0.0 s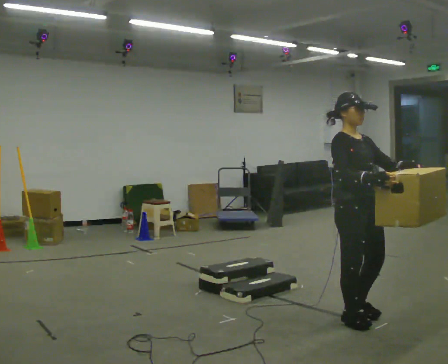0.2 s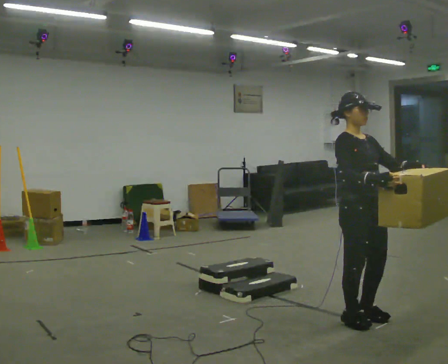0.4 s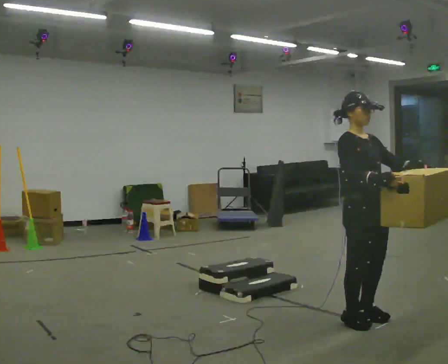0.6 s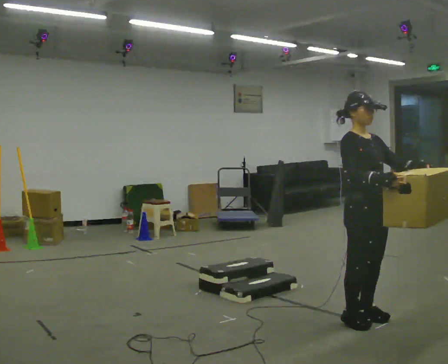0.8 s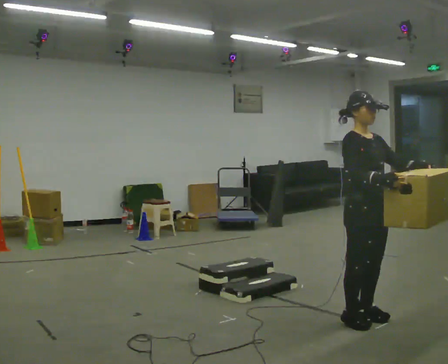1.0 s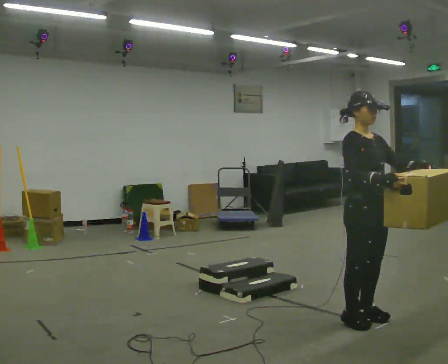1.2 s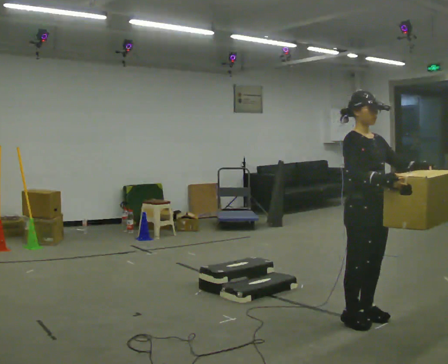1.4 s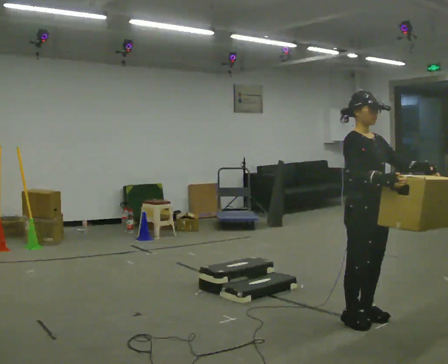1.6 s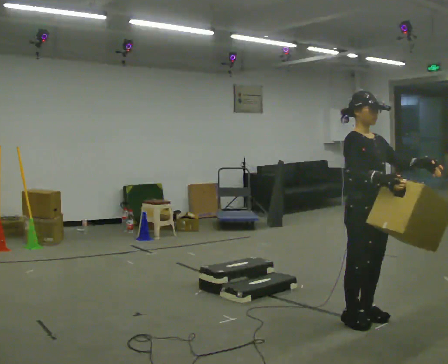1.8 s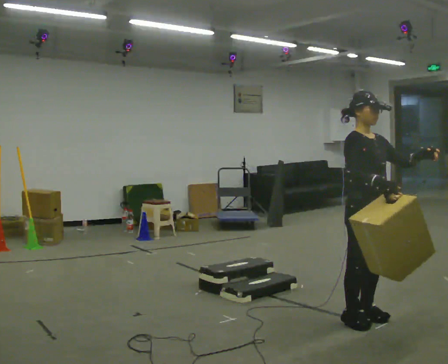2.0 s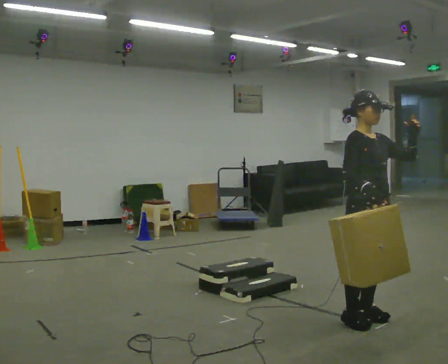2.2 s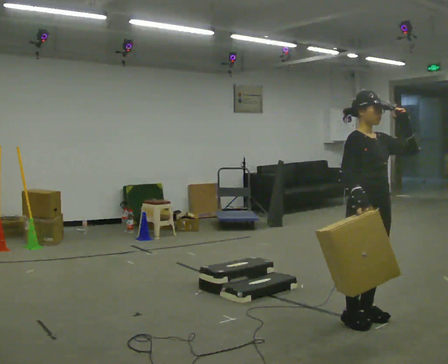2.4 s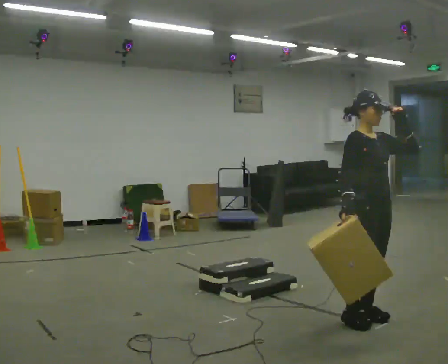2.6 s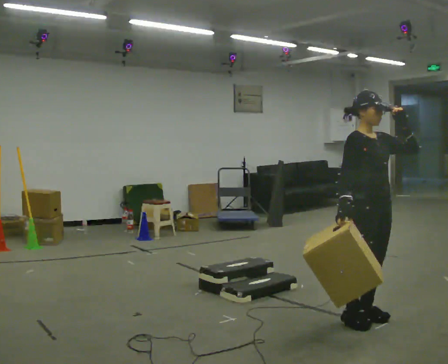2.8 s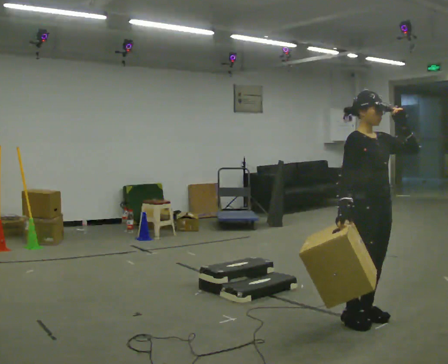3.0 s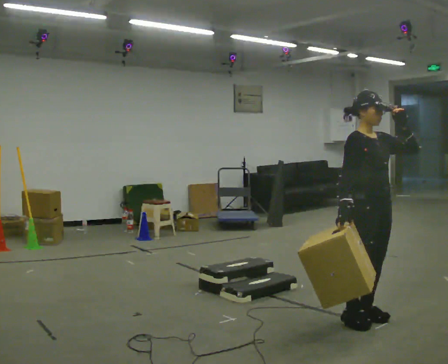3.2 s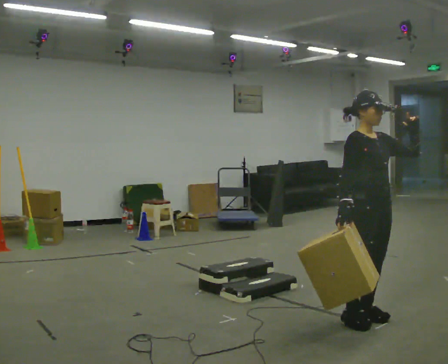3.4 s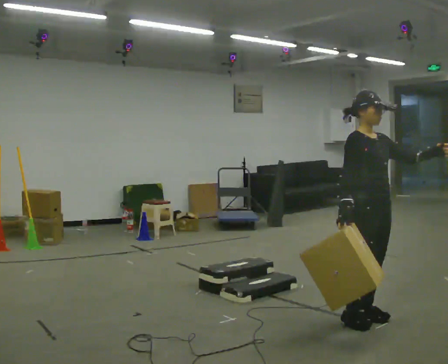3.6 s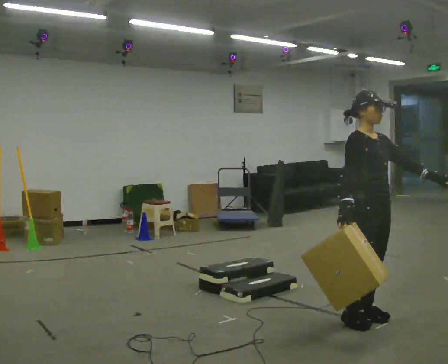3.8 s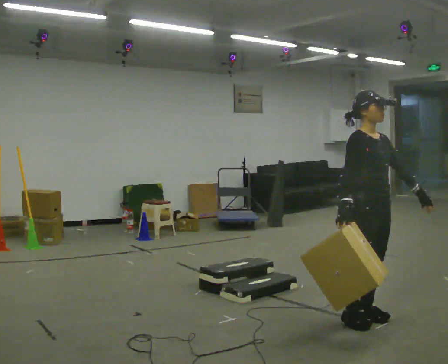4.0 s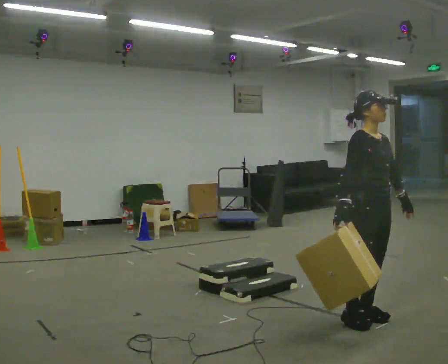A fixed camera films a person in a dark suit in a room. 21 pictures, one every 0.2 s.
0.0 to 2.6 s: The person moves a little, or ends about where they began.
2.6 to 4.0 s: In the picture their left hand goes downward.
The film runs forward here.
